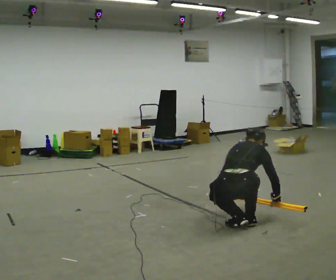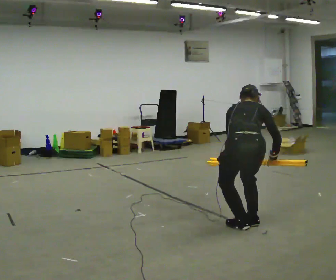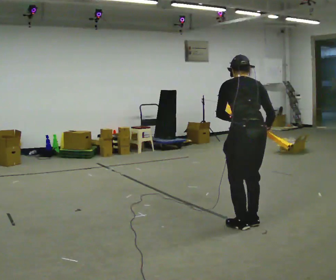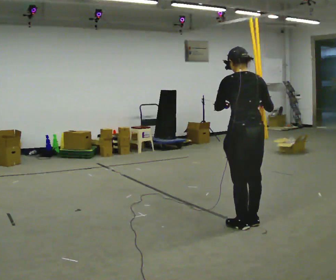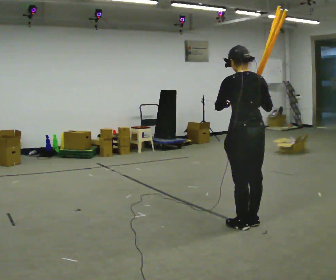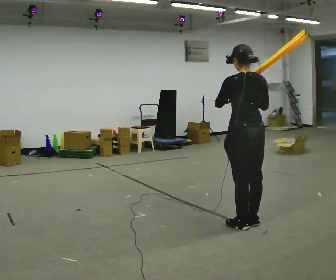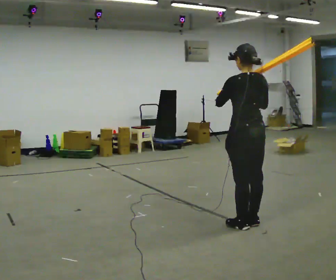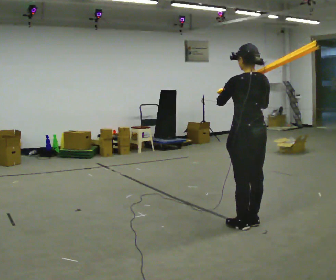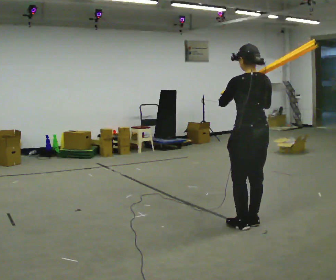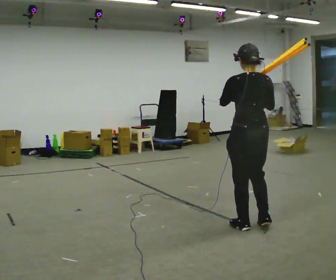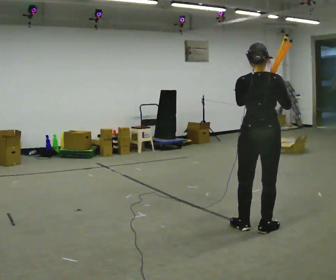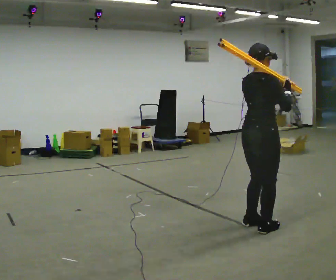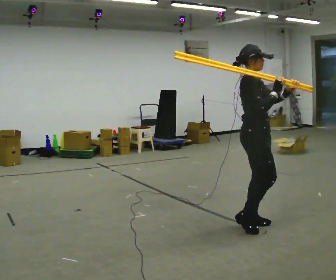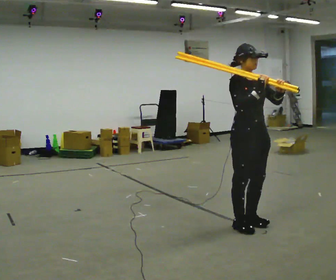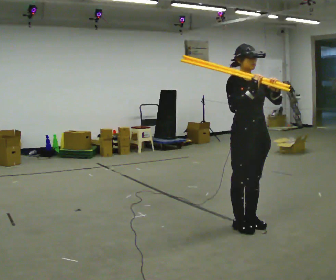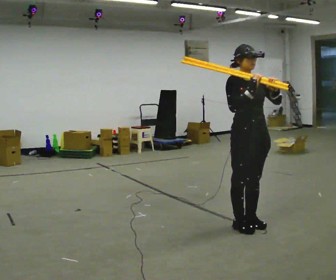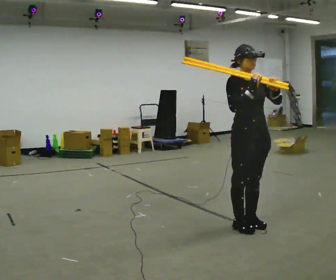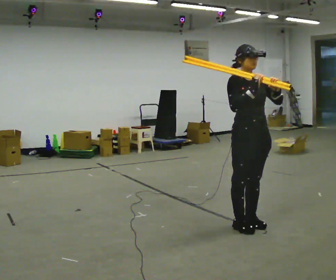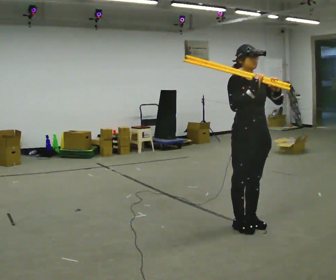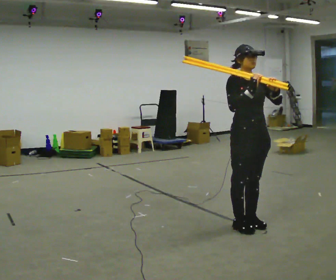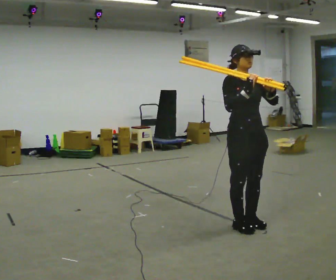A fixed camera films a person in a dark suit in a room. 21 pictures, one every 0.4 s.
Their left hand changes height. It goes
upward.
The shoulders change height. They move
upward.
0.0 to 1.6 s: The person turns about 45 degrees to their left, counterclockwise seen from above, so the part of the body nearest the lens slides to the right. The shoulders move upward. The upper body tips toward the camera, its near side rolling downward, as they lean back or straighten. In the picture their right hand goes upward.
1.6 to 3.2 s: The person moves a little, or ends about where they began.
3.2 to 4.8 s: Seen from above the body turns clockwise, about 135 degrees: to their right, with its near side sliding to the left. In the picture their left hand goes to the right.
4.8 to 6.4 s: The person turns about 45 degrees to their right, clockwise seen from above, so the part of the body nearest the lens slides to the left.
6.4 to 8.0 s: The person moves a little, or ends about where they began.
The film runs backward here.
